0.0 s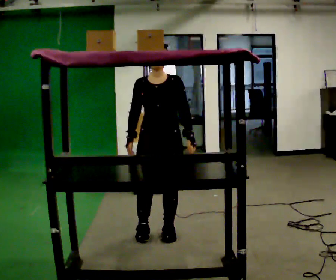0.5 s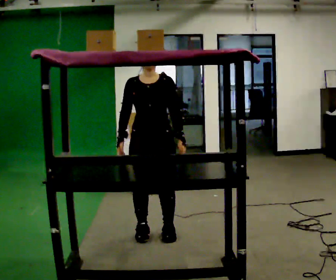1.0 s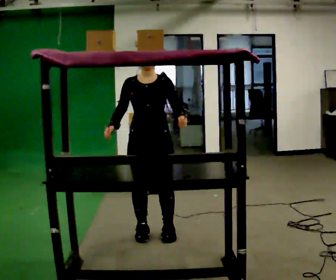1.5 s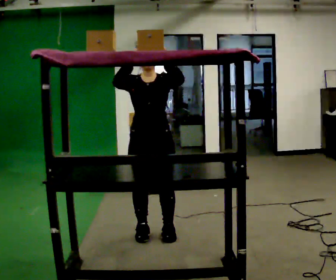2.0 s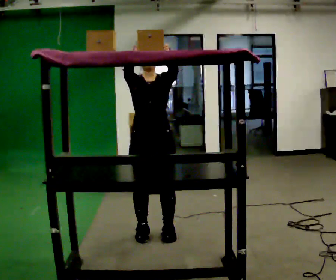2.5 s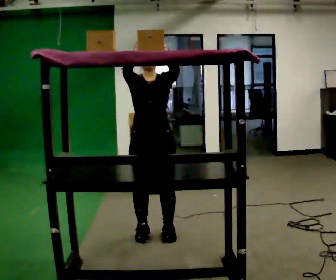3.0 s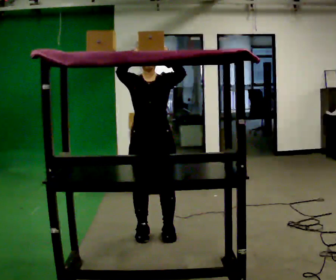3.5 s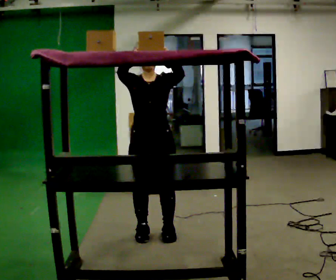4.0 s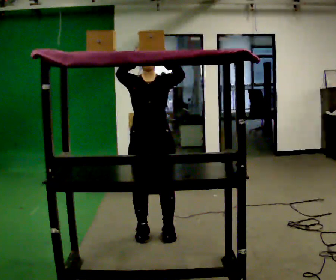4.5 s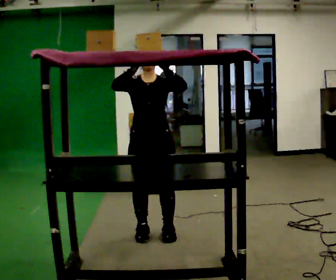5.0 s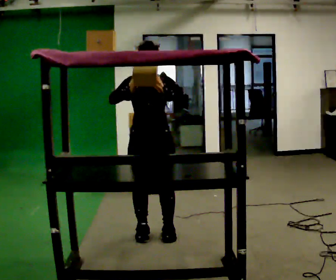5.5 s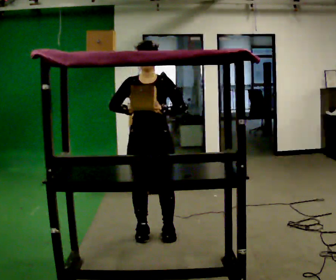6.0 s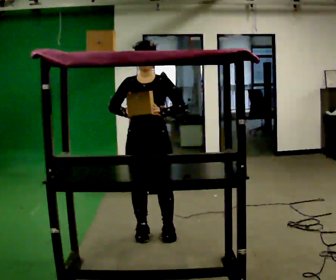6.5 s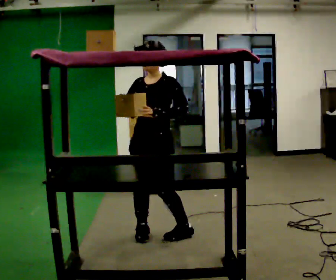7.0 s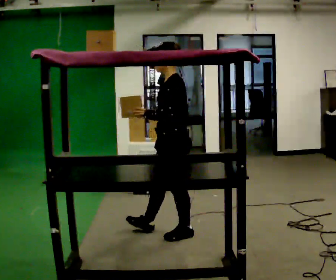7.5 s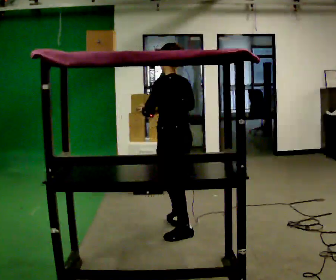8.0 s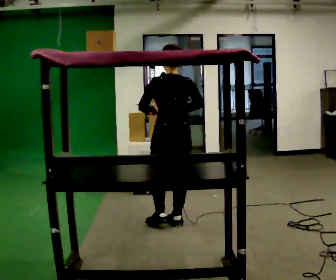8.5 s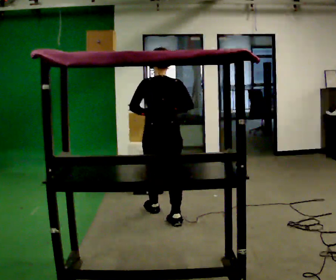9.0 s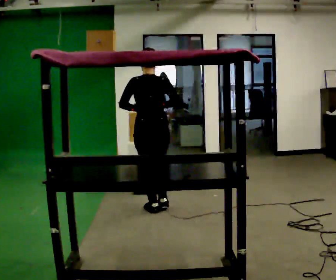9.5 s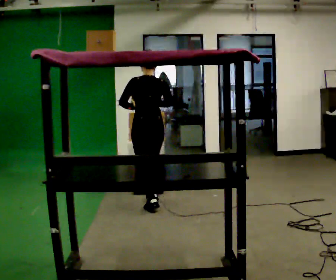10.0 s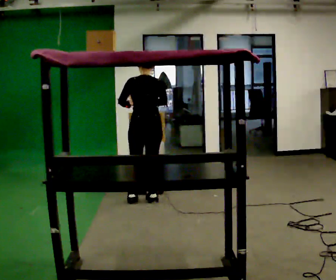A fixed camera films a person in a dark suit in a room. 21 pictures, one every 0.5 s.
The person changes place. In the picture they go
away from the camera.
The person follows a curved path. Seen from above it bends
counterclockwise.
0.0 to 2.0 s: In the picture their right hand goes upward.
2.0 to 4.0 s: The person moves a little, or ends about where they began.
4.0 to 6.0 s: In the picture their right hand goes downward.
6.0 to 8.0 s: The person turns about 165 degrees to their right, clockwise seen from above, so the part of the body nearest the lens slides to the left. In the picture they go away from the camera and to the right, about 0.5 m in 2 steps.
8.0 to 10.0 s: In the picture they go away from the camera, about 1 m in 2 steps, which for them is forward.
The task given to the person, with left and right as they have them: Take an object from the waist-height shelf, carry it across the room, and place it on the highest shelf you can comfortably reach. Keep going until the operator says stop; one object at a time, and do not rush between trips.
The film runs forward here.
